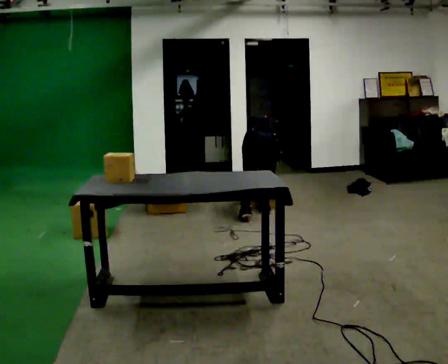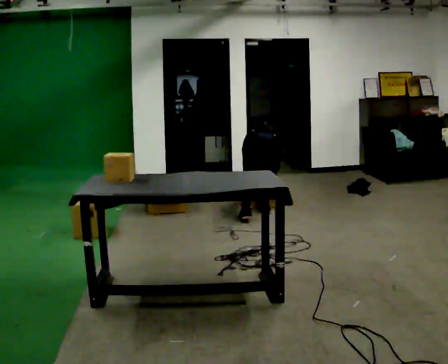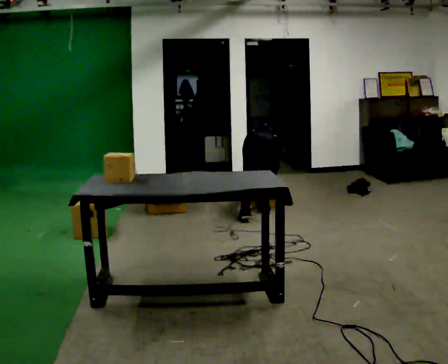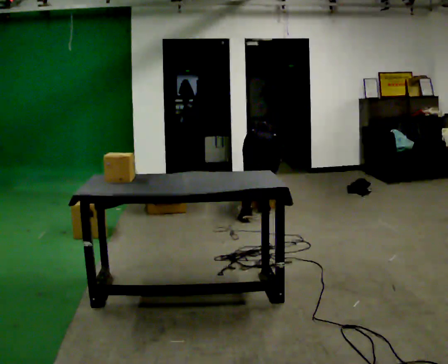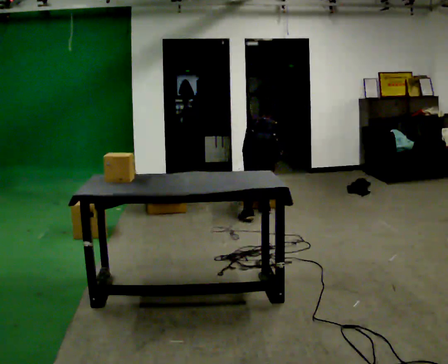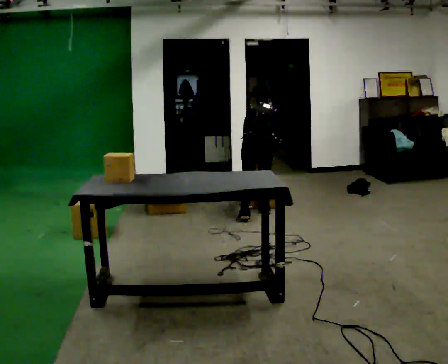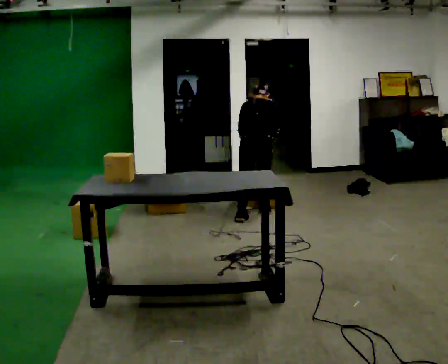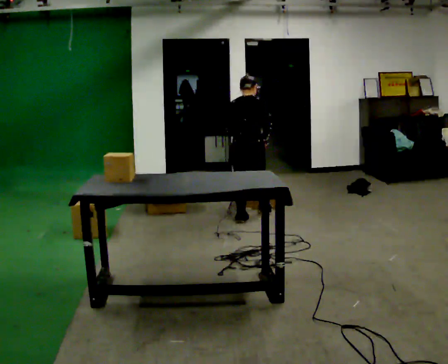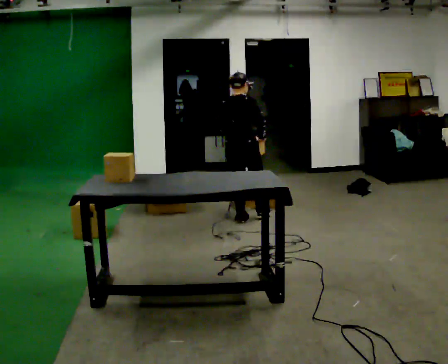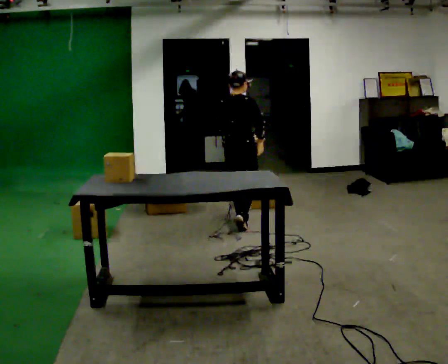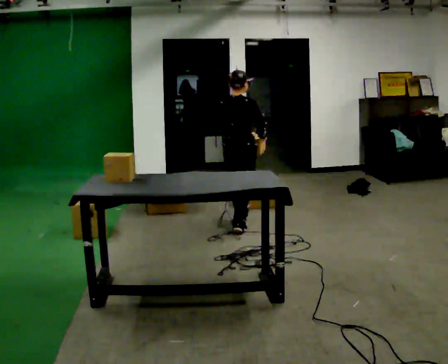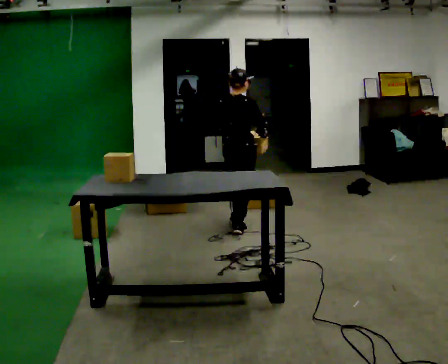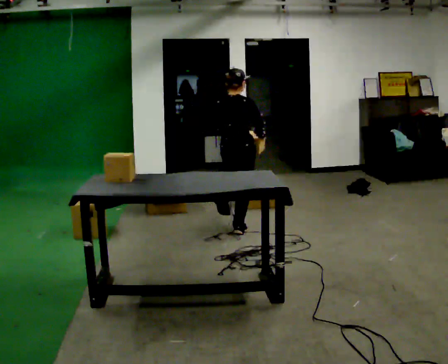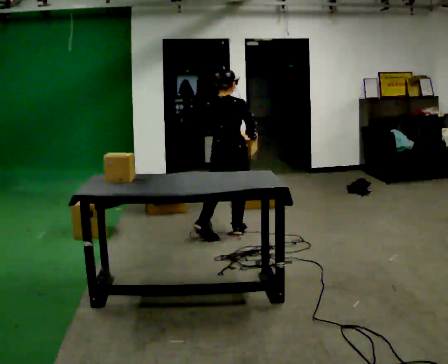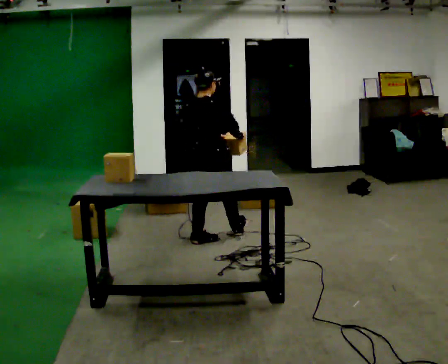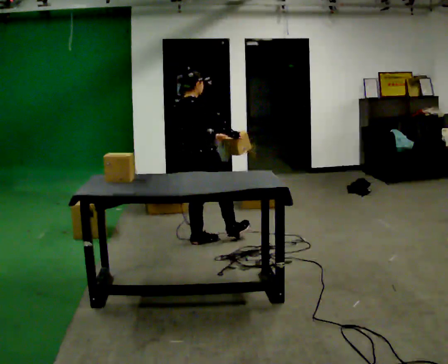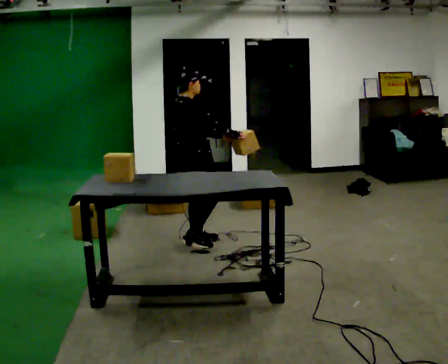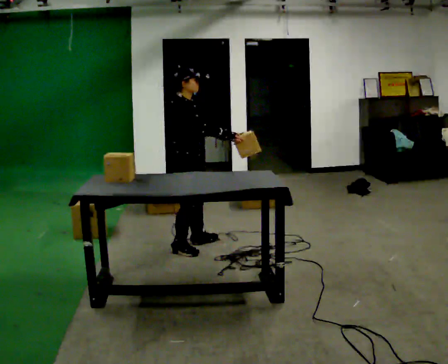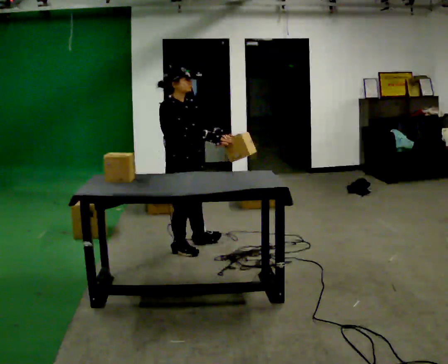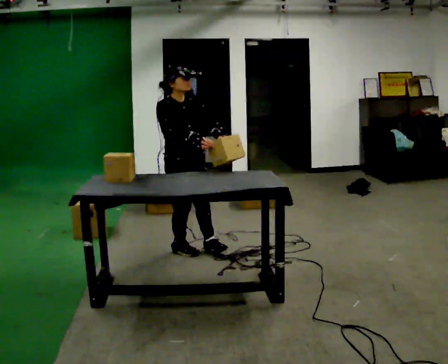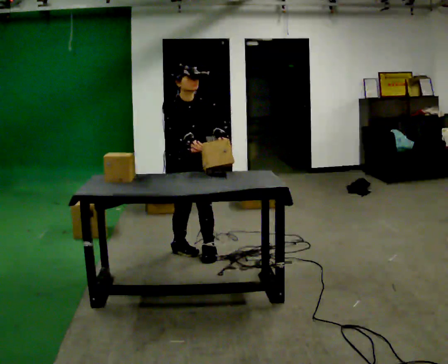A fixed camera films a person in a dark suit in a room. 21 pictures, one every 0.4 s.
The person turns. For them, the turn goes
to their right.
The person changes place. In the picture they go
toward the camera.
0.0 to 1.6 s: The person moves a little, or ends about where they began.
1.6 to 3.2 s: The person turns about 30 degrees to their right, clockwise seen from above, so the part of the body nearest the lens slides to the left. In the picture they go to the left and toward the camera, about 0.25 m in 1 step, which for them is to their left and backward. The shoulders move upward. The upper body tips toward the camera, its near side rolling downward, as they lean back or straighten. In the picture their left hand goes upward.
3.2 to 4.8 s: In the picture they go toward the camera, about 0.5 m in 1 step, which for them is backward.
4.8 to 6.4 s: The part of the body nearest the lens slides to the left as the person turns to their right by about 45 degrees. In the picture they go toward the camera and to the left, about 0.5 m in 1 step, which for them is backward.
6.4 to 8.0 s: The part of the body nearest the lens slides to the left as the person turns to their right by about 90 degrees. In the picture they go toward the camera, about 0.25 m in 1 step.
The film runs backward here.
